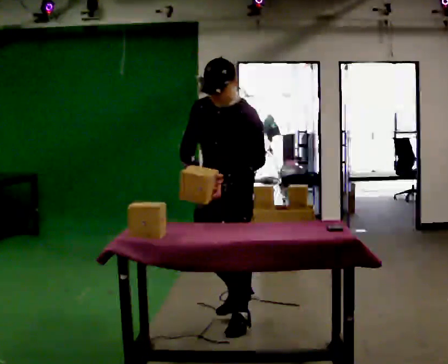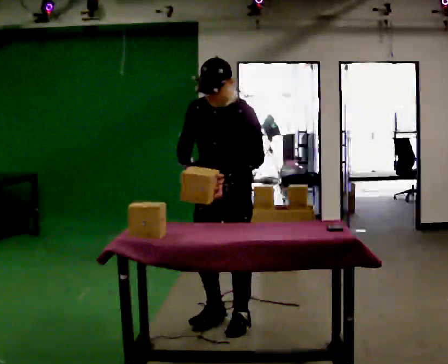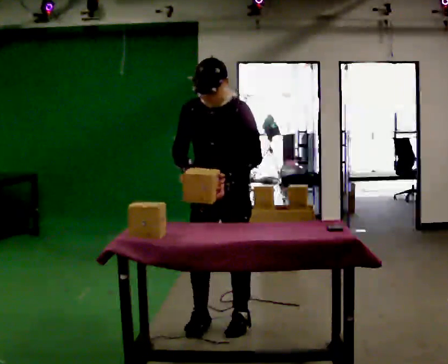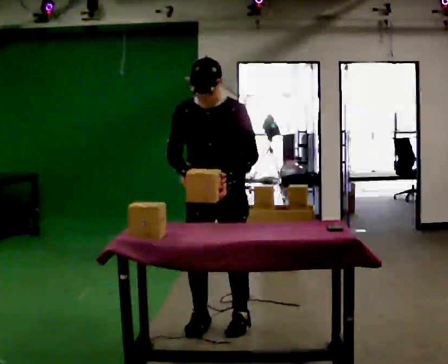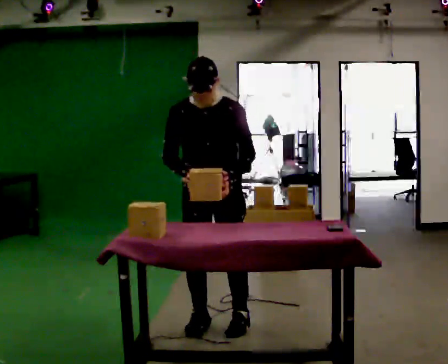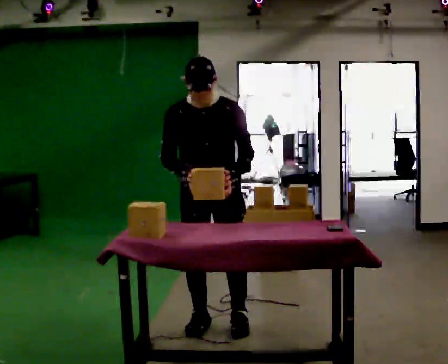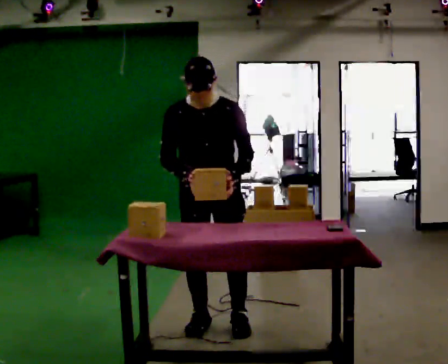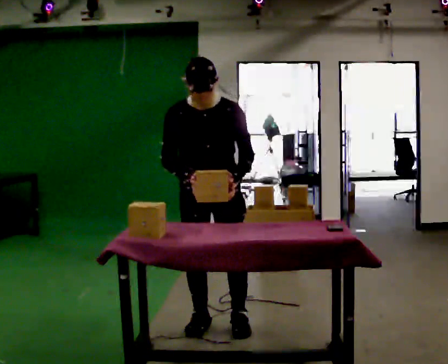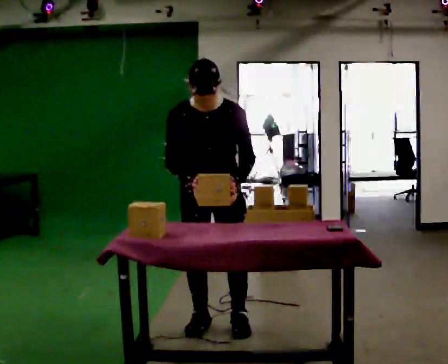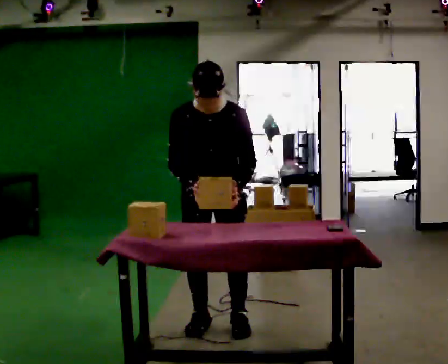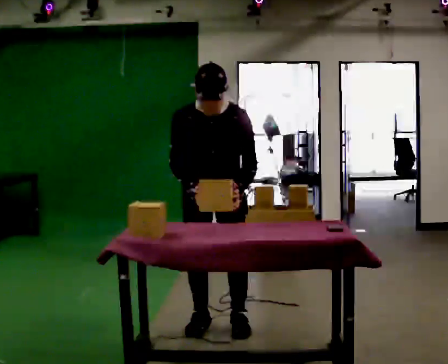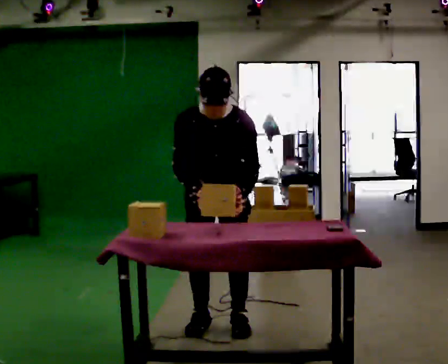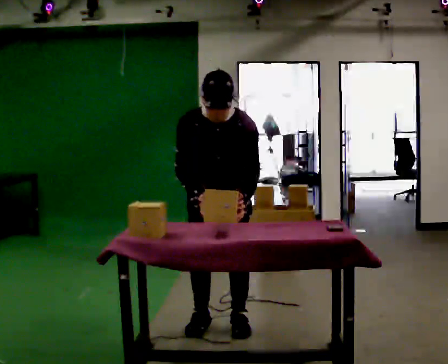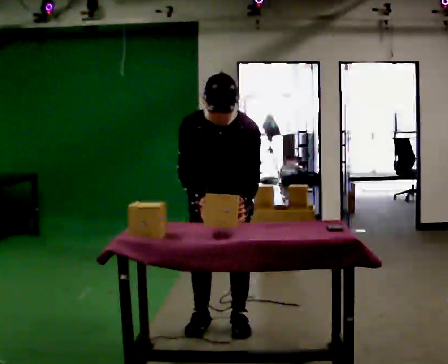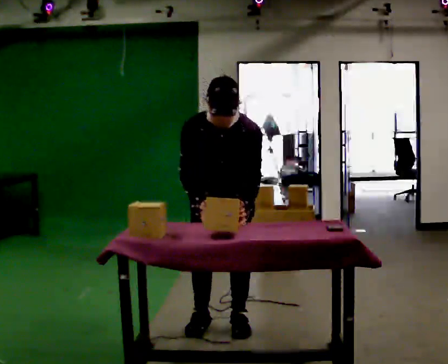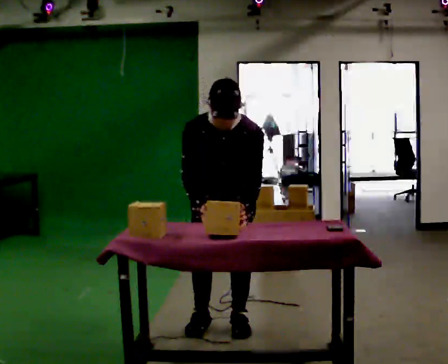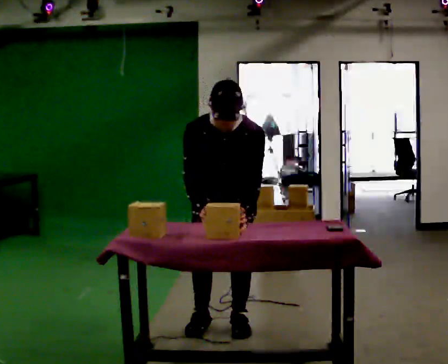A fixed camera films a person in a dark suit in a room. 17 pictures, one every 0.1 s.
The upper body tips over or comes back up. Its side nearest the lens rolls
downward.
0.0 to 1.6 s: Seen from above the body turns counterclockwise, about 30 degrees: to their left, with its near side sliding to the right. The upper body tips toward the camera, its near side rolling downward, as they bend forward.
The film runs forward here.
